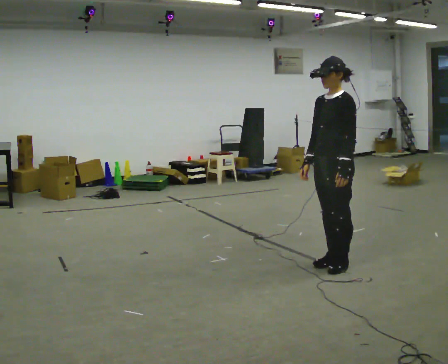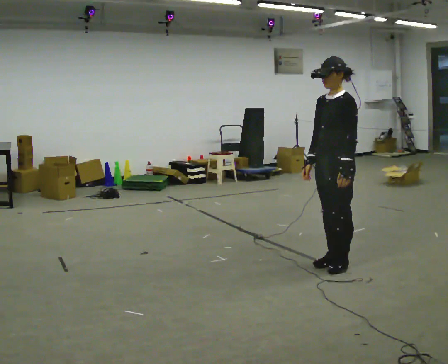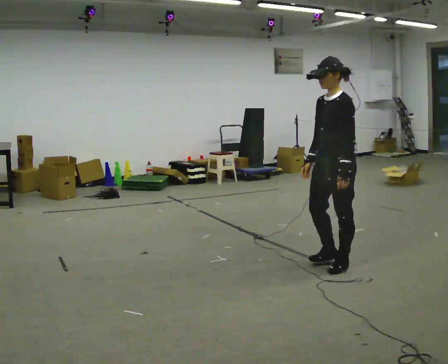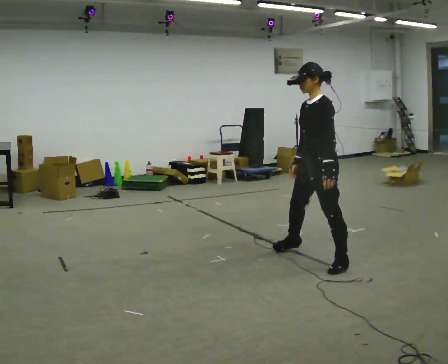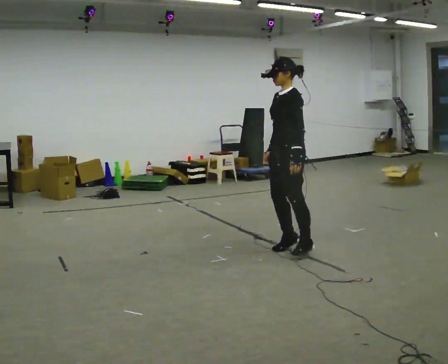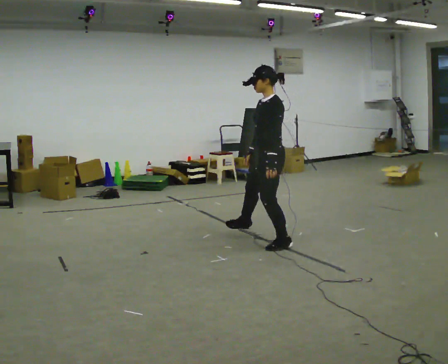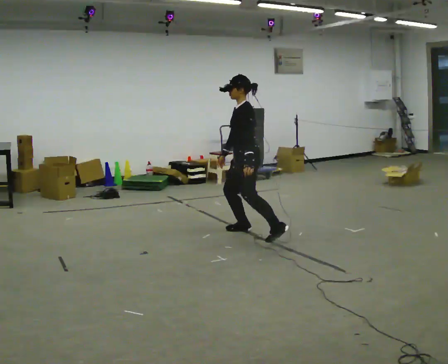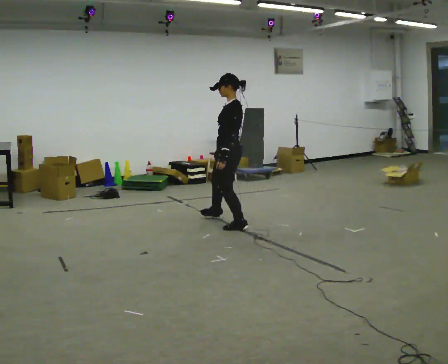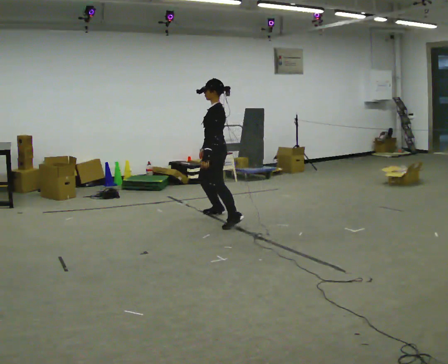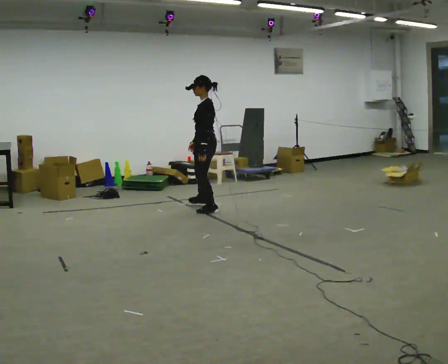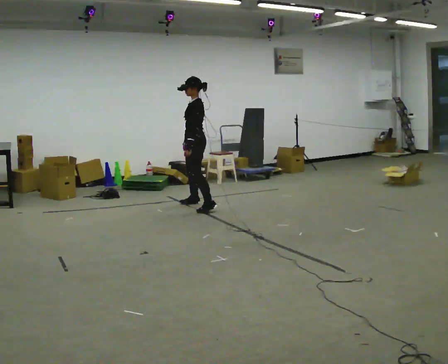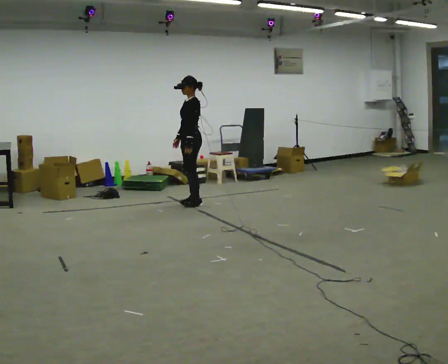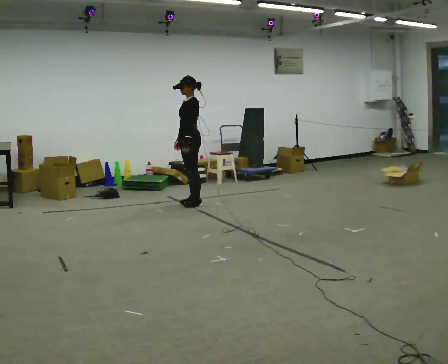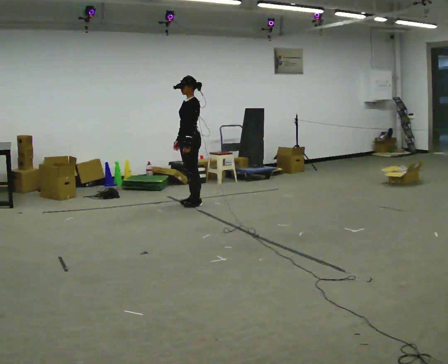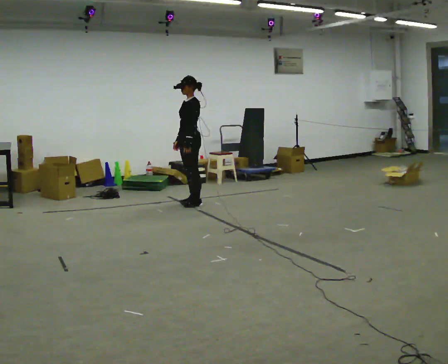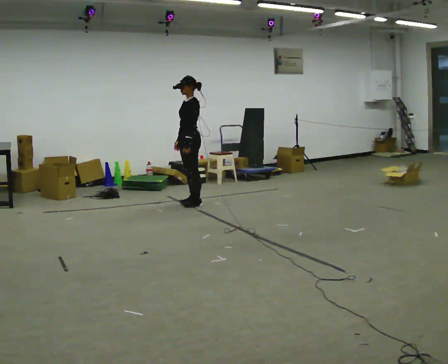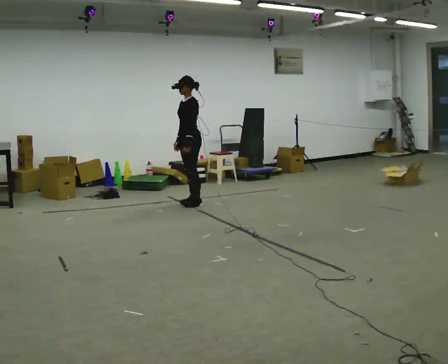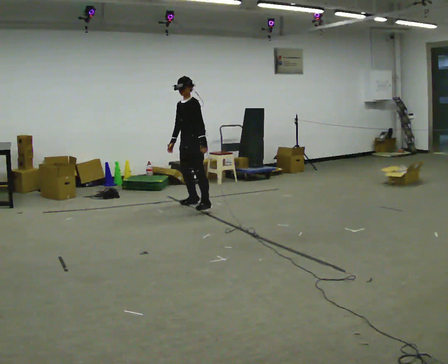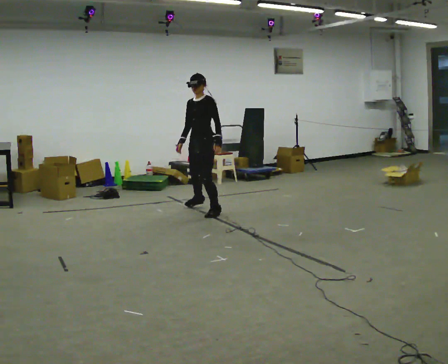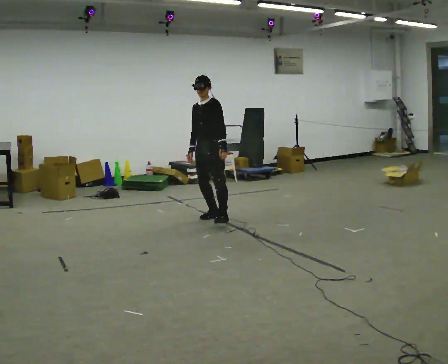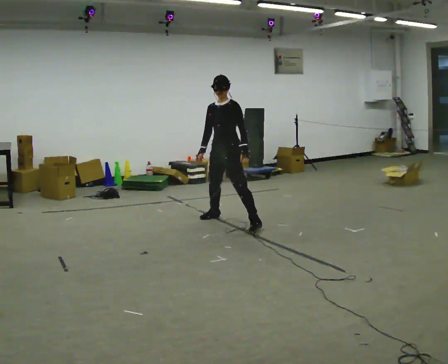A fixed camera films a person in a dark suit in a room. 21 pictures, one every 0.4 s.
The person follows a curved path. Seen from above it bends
counterclockwise.
0.0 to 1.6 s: In the picture they go away from the camera and to the left, about 0.5 m in 1 step, which for them is to their right.
1.6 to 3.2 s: In the picture they go away from the camera and to the left, about 1.5 m in 4 steps, which for them is to their right.
3.2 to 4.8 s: In the picture they go away from the camera and to the left, about 1 m in 3 steps, which for them is to their right.
4.8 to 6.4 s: The person moves a little, or ends about where they began.
6.4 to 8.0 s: The part of the body nearest the lens slides to the right as the person turns to their left by about 30 degrees. In the picture they go toward the camera and to the right, about 1 m in 2 steps, which for them is to their left.
The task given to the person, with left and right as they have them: Shuffle sideways quickly in the direction the operator calls, without crossing your feet.
The film runs forward here.
